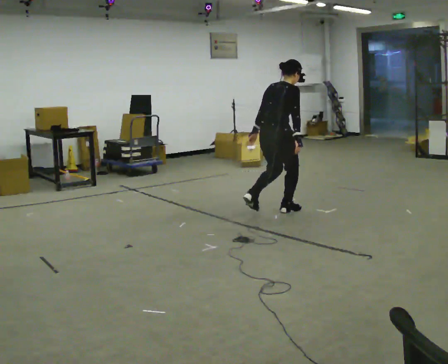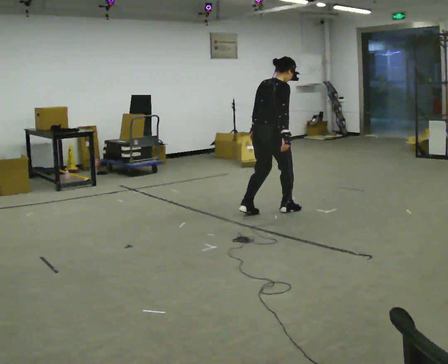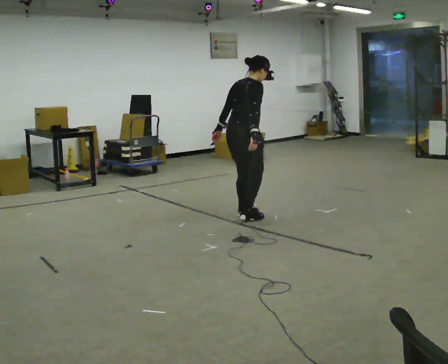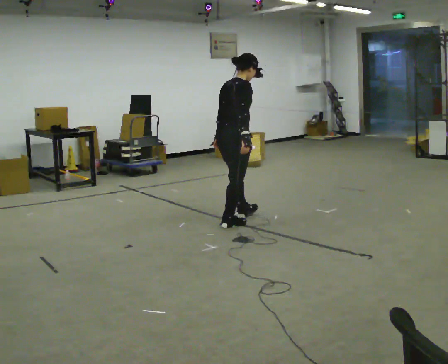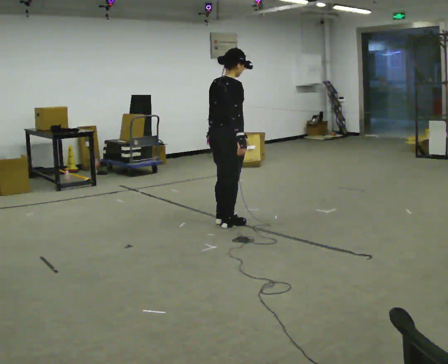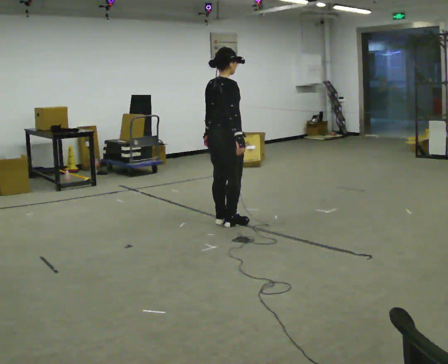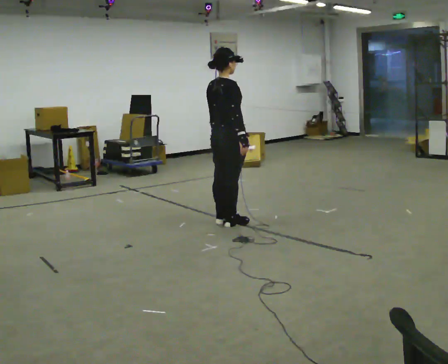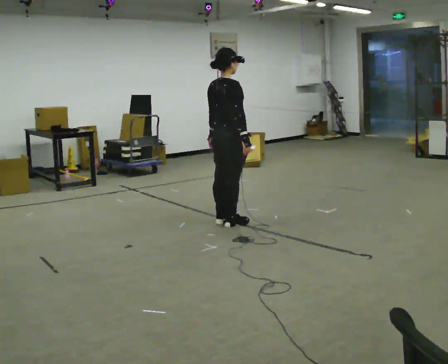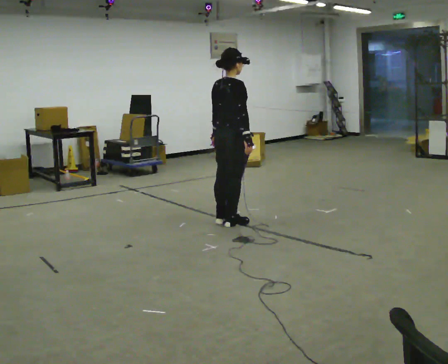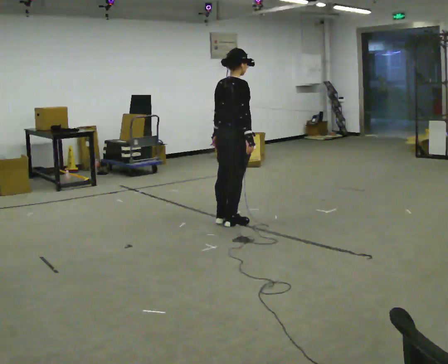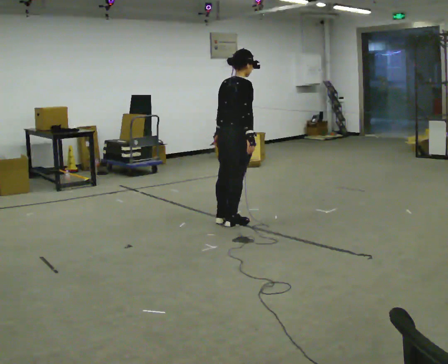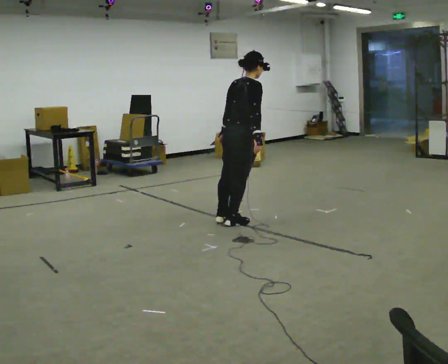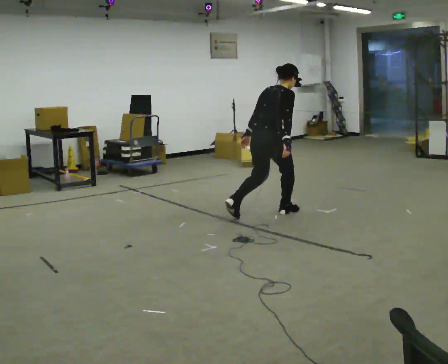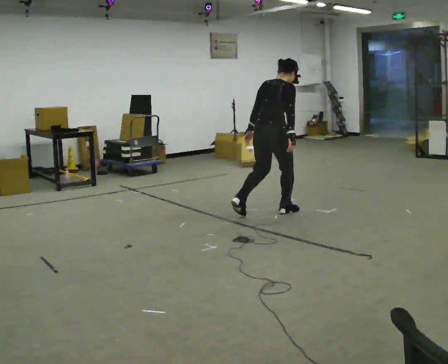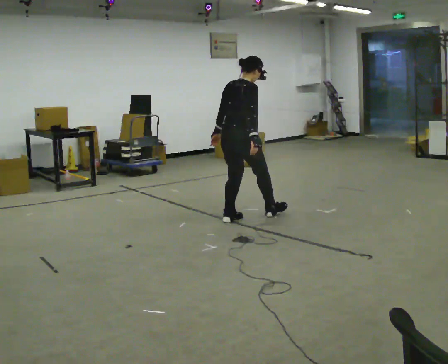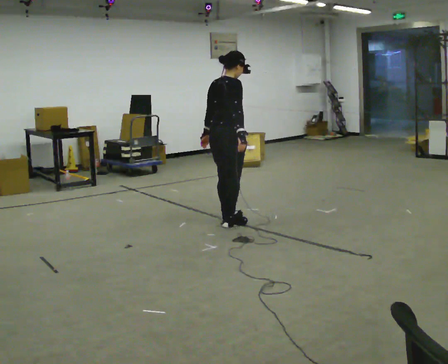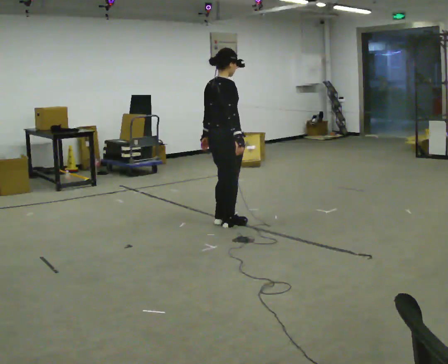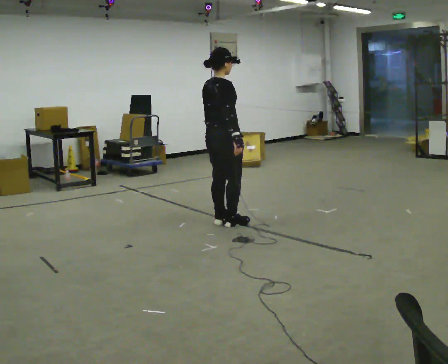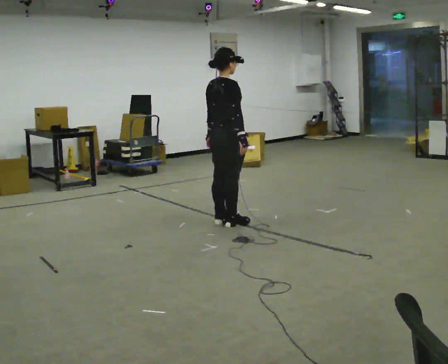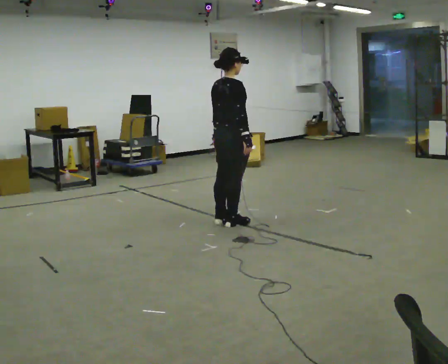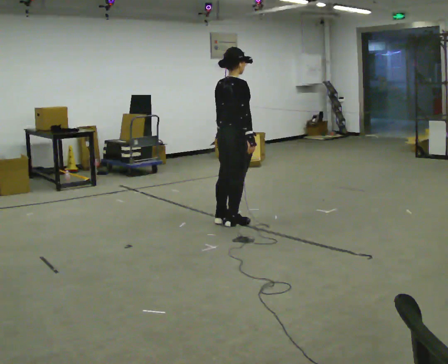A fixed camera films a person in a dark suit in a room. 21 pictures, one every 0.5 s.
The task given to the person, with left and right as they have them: Stand on the marked spots with your feet together. Lean forward from the ankles, keeping your body straight, until you cannot hold it any longer, then step forward to catch yourself. Return to the spots. Repeat at your own pace until the operator says stop. Go slowly and only as far as you are comfortable. Step whenever you need to; do not try to hold on longer than feels safe.
0.0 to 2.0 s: In the picture they go to the left and toward the camera, about 0.5 m in 3 steps, which for them is backward.
2.0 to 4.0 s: The person moves a little, or ends about where they began.
4.0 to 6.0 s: In the picture they go to the right and away from the camera, about 0.5 m in 1 step, which for them is forward. In the picture the upper body tilts clockwise, shoulders to the right, as they bend forward.
6.0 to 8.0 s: In the picture they go to the left and toward the camera, about 0.5 m in 2 steps, which for them is backward. In the picture the upper body tilts counterclockwise, shoulders to the left, as they lean back or straighten.
8.0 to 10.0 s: The person moves a little, or ends about where they began.
The film runs forward here.
